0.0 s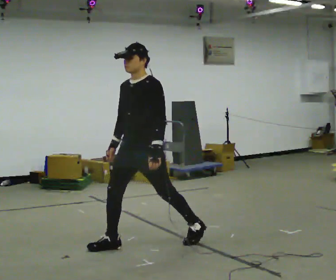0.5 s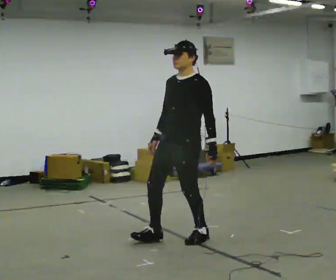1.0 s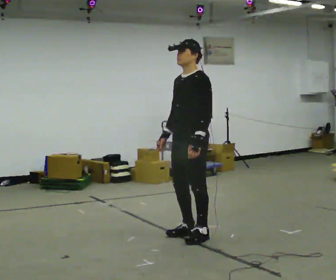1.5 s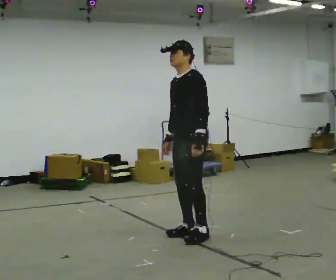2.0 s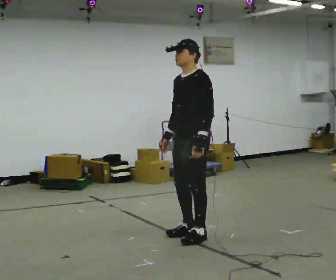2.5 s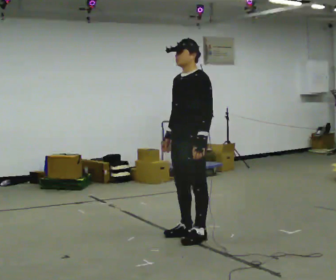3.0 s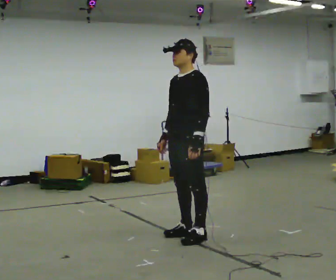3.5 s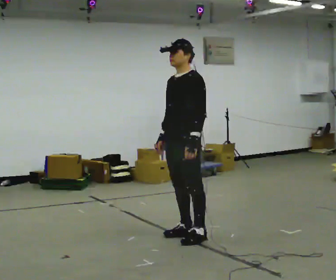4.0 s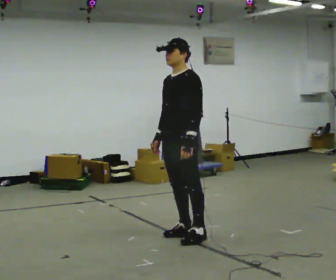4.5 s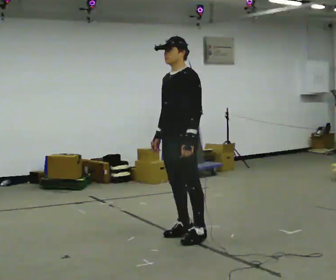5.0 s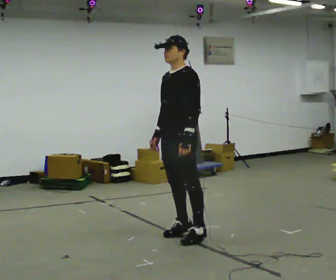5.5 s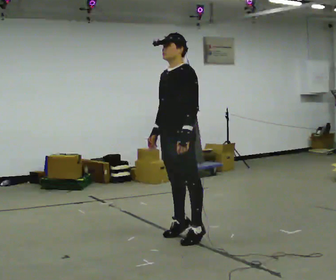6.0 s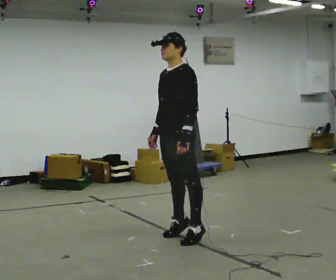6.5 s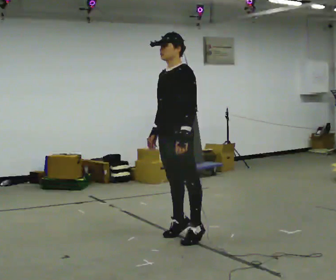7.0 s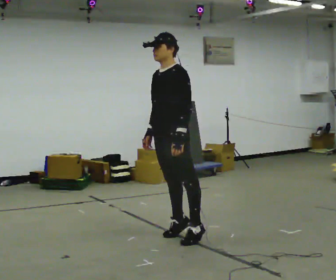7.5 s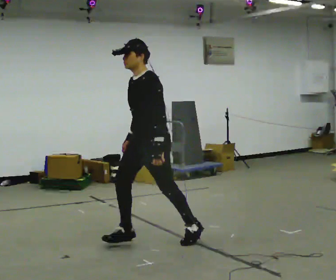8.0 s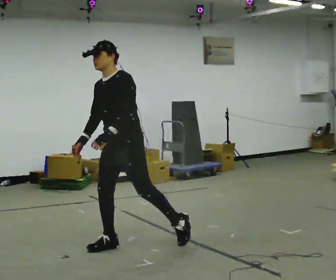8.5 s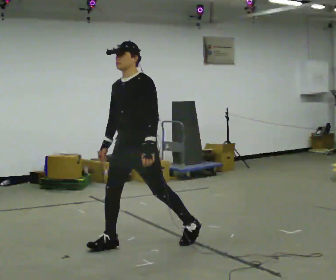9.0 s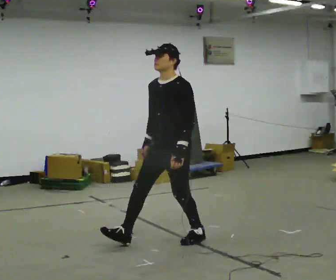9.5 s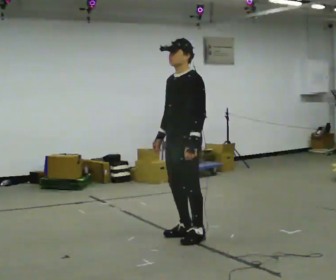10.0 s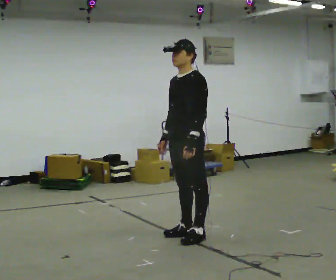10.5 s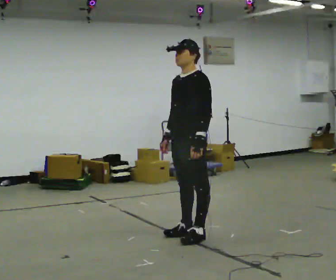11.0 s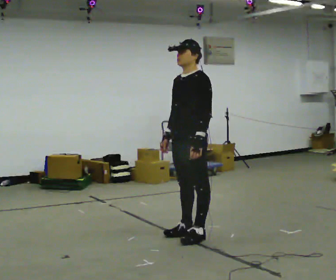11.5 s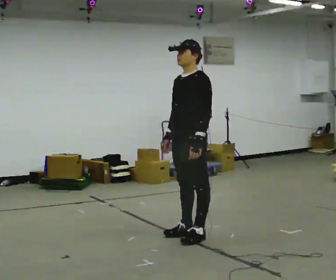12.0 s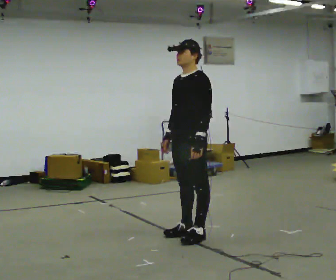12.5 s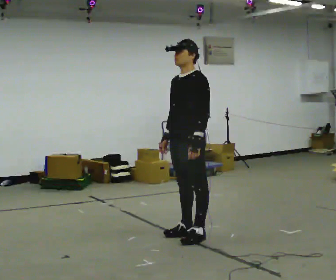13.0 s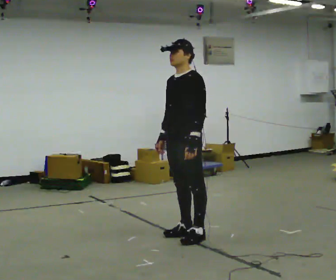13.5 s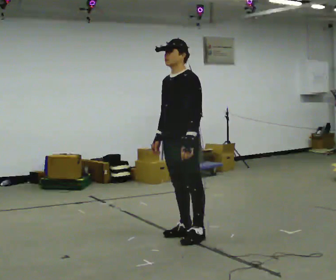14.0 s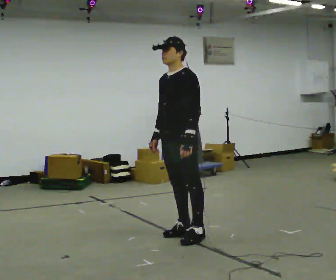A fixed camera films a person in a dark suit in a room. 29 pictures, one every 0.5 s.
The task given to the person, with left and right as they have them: Stand on the marked spots and rise up onto your toes. Stay up until you start to topple forward, then step to catch yourself. Repeat at your own pace until the operator says stop. Go slowly and only as far as you are comfortable. Step whenever you need to; do not try to hold on longer than feels safe.
0.0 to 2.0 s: In the picture they go to the right and away from the camera, about 0.5 m in 2 steps, which for them is backward.
2.0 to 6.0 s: The person moves a little, or ends about where they began.
6.0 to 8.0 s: In the picture they go to the left and toward the camera, about 0.5 m in 2 steps, which for them is forward.
8.0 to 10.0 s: In the picture they go to the right and away from the camera, about 0.5 m in 2 steps, which for them is backward.
10.0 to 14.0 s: The person moves a little, or ends about where they began.
The film runs forward here.
